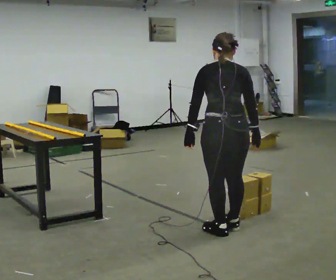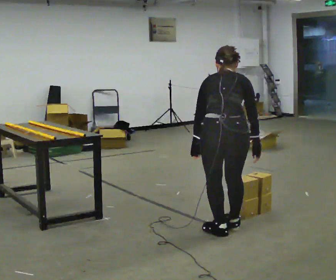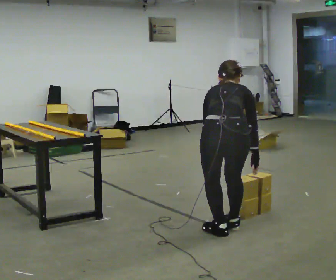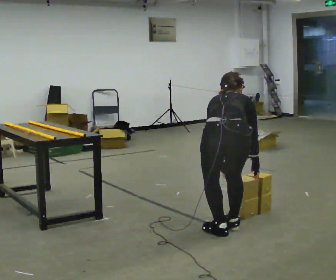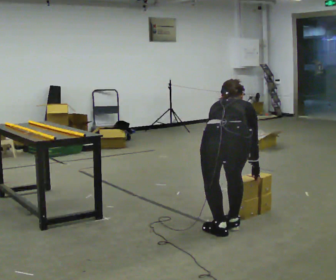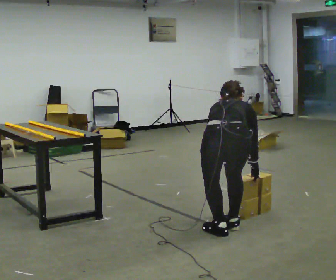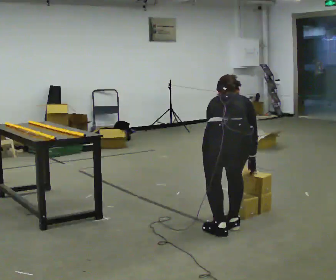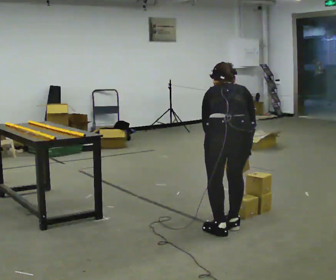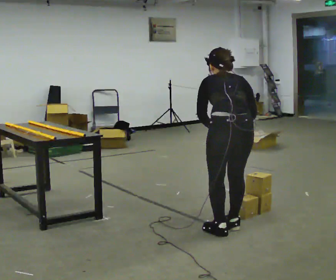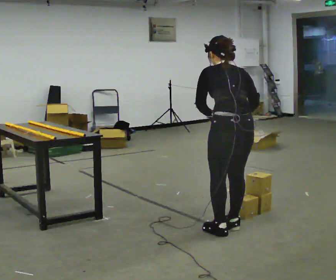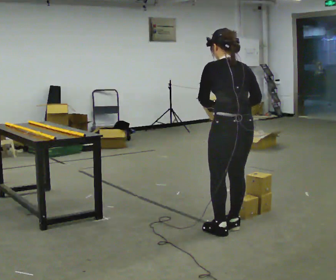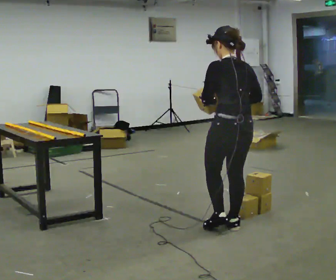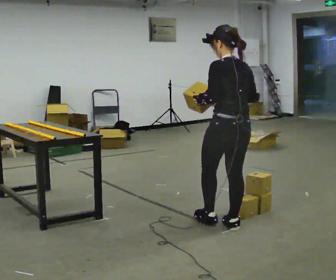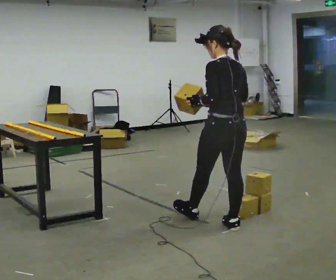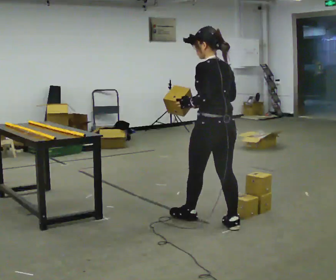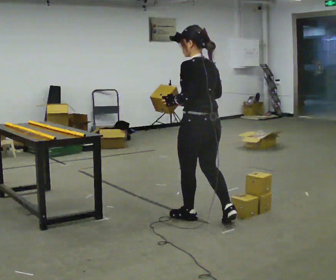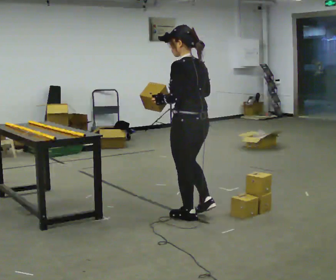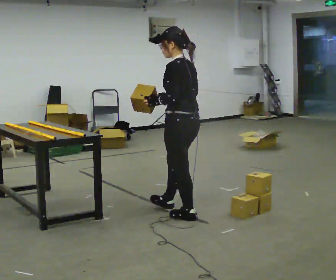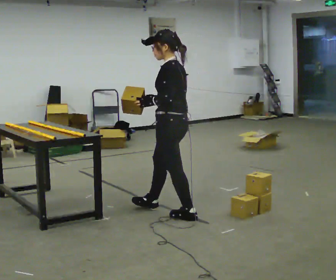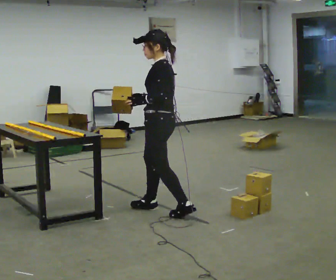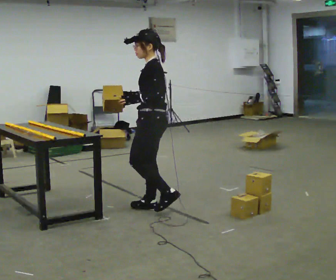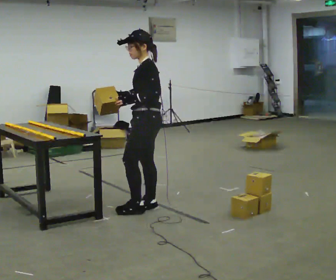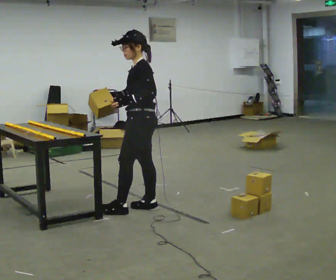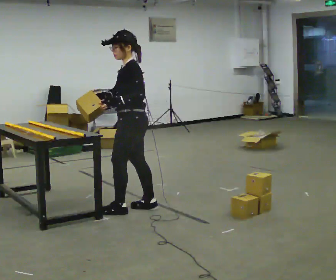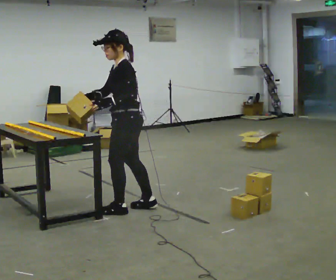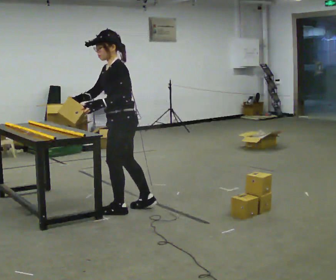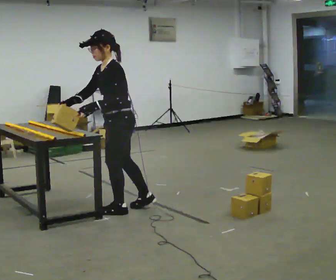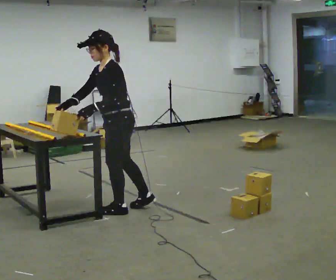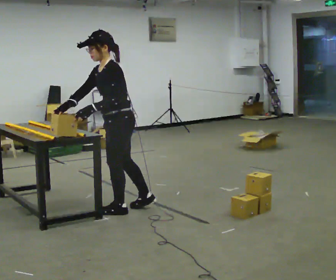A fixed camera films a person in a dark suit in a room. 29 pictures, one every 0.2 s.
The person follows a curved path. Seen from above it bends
counterclockwise.
The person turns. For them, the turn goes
to their left.
0.0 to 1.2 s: The shoulders move downward. The upper body tips away from the camera, its near side rolling upward, as they bend forward.
1.2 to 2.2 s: Seen from above the body turns counterclockwise, about 30 degrees: to their left, with its near side sliding to the right. The shoulders move upward. The upper body tips toward the camera, its near side rolling downward, as they lean back or straighten. In the picture their right hand goes upward.
2.2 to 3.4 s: Seen from above the body turns counterclockwise, about 30 degrees: to their left, with its near side sliding to the right. In the picture they go to the left and away from the camera, about 0.5 m in 1 step, which for them is forward.
3.4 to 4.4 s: Seen from above the body turns counterclockwise, about 30 degrees: to their left, with its near side sliding to the right. In the picture they go to the left and away from the camera, about 0.5 m in 2 steps, which for them is forward and to their right.
4.4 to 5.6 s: In the picture they go to the left, about 0.25 m, which for them is forward. In the picture their right hand goes to the left.
The film runs forward here.
